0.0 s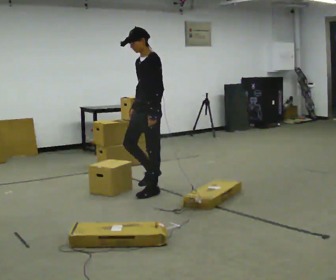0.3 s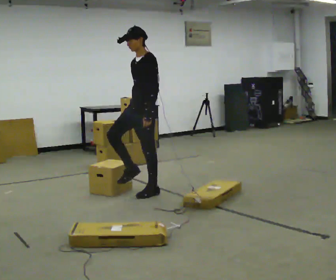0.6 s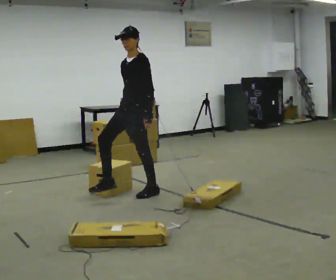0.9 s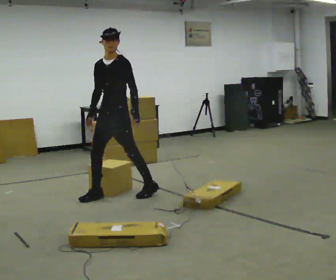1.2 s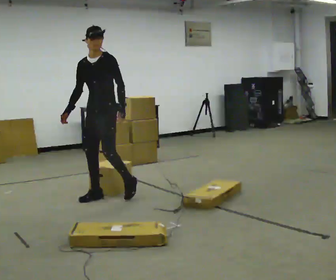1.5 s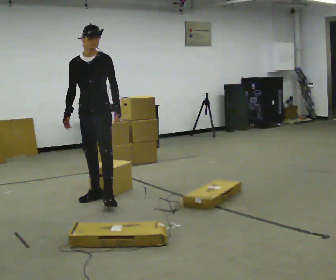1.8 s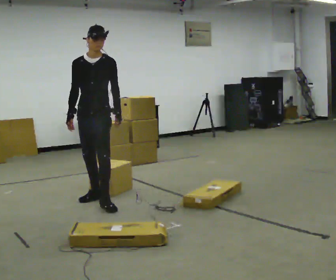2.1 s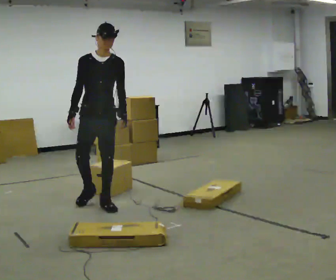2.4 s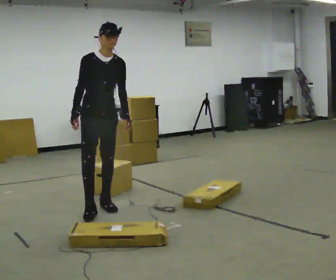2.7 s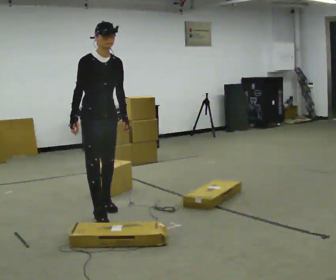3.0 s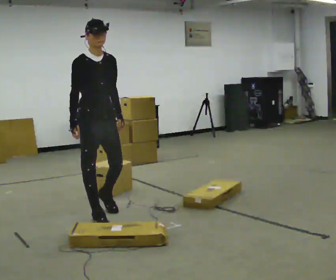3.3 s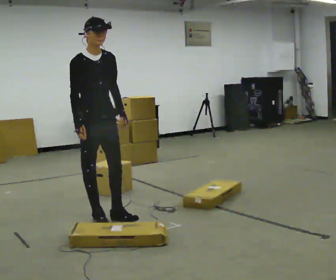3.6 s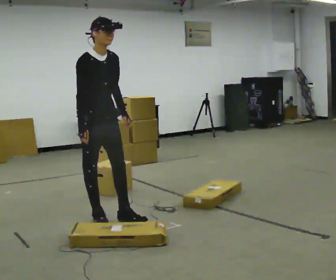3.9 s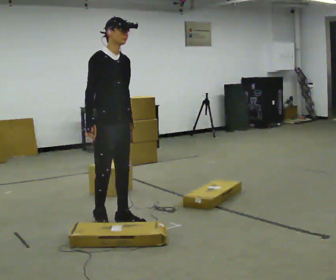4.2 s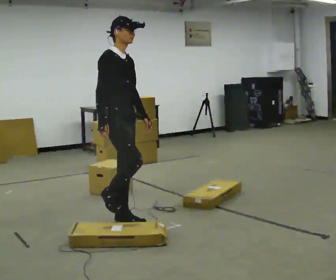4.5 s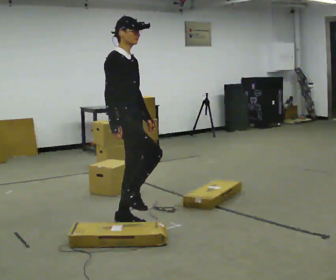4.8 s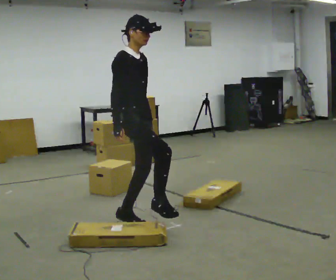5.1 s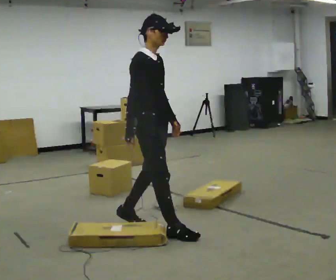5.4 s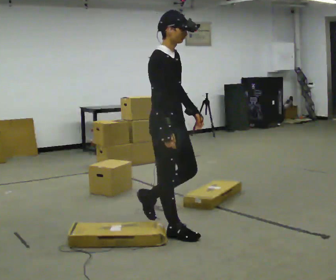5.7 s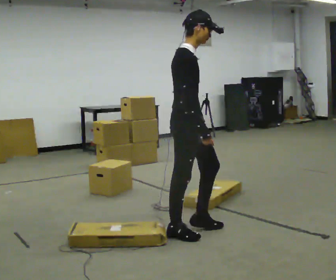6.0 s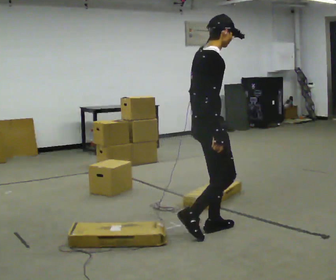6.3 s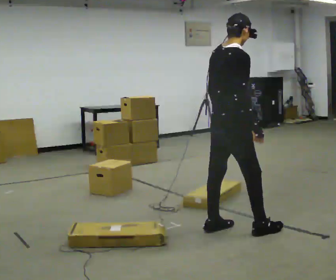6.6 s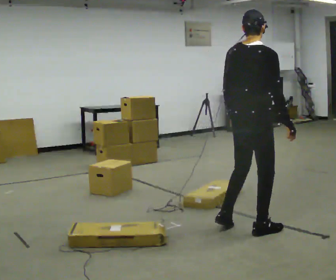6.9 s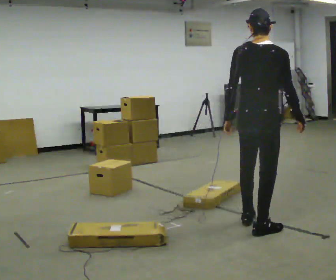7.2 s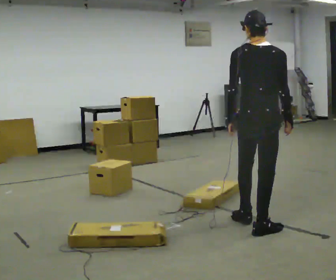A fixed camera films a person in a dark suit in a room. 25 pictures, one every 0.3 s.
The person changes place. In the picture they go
toward the camera.
The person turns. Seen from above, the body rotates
counterclockwise.
0.0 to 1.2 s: The part of the body nearest the lens slides to the right as the person turns to their left by about 30 degrees. In the picture they go to the left, about 0.5 m in 1 step, which for them is forward and to their right.
1.2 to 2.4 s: The part of the body nearest the lens slides to the right as the person turns to their left by about 45 degrees. In the picture they go toward the camera, about 0.25 m in 1 step, which for them is forward. In the picture the upper body tilts clockwise, shoulders to the right.
2.4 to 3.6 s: In the picture they go toward the camera, about 0.25 m in 2 steps, which for them is forward and to their right.
3.6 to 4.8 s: In the picture they go to the right and toward the camera, about 0.5 m, which for them is forward.
4.8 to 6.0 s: Seen from above the body turns counterclockwise, about 45 degrees: to their left, with its near side sliding to the right. In the picture they go to the right and toward the camera, about 0.5 m in 2 steps, which for them is forward.
6.0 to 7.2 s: Seen from above the body turns counterclockwise, about 60 degrees: to their left, with its near side sliding to the right. In the picture they go to the right, about 0.5 m in 2 steps, which for them is to their right and forward.
The film runs forward here.
